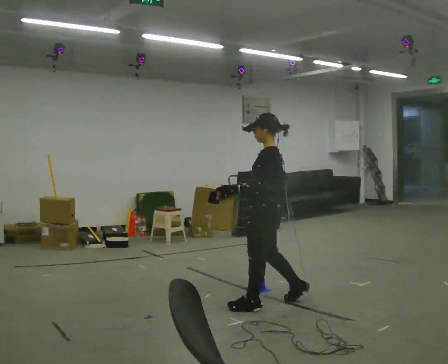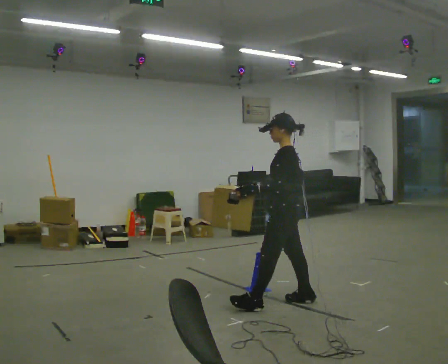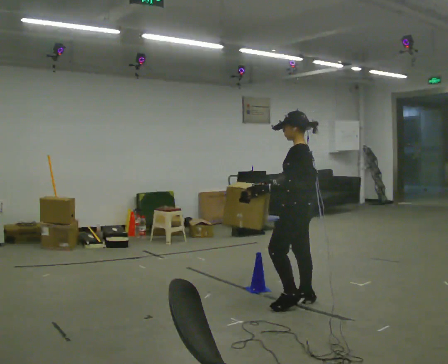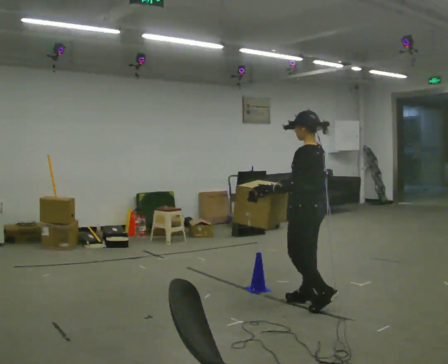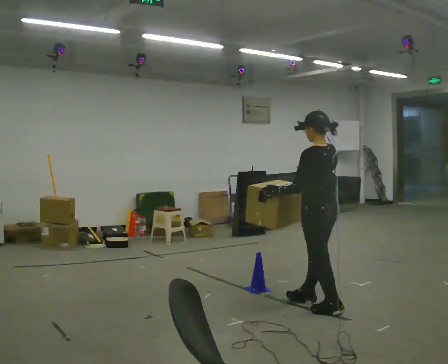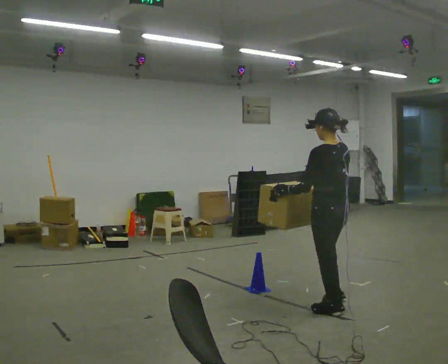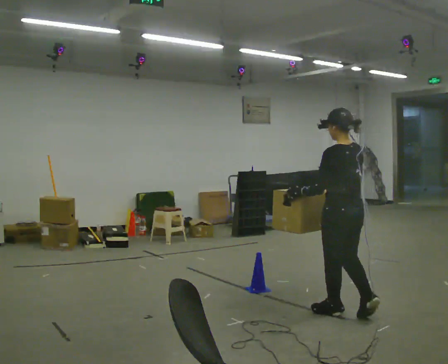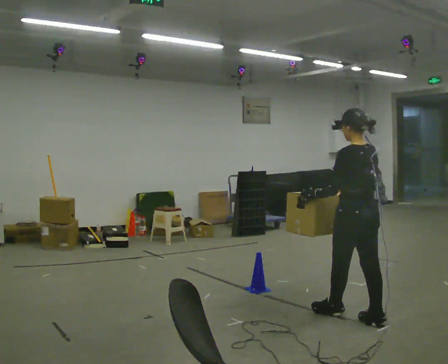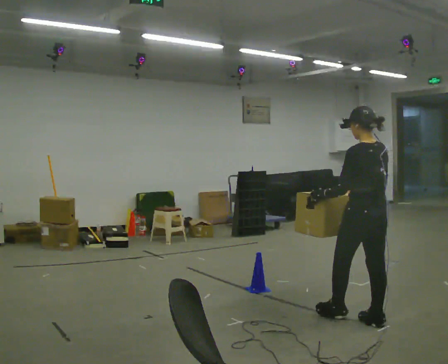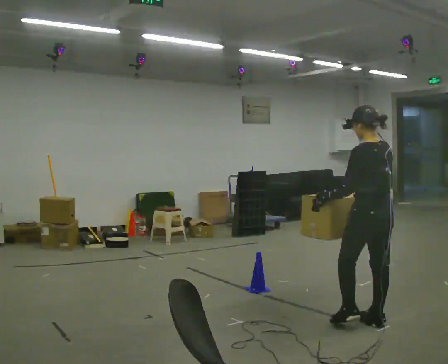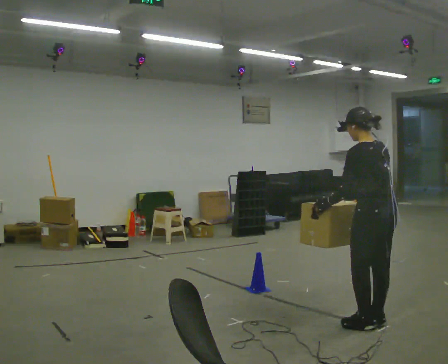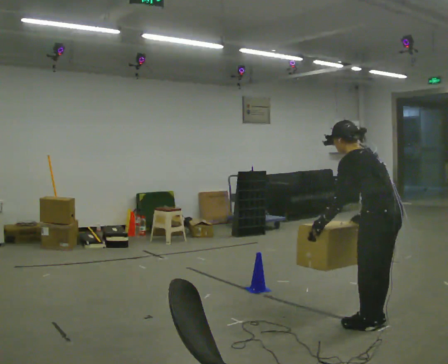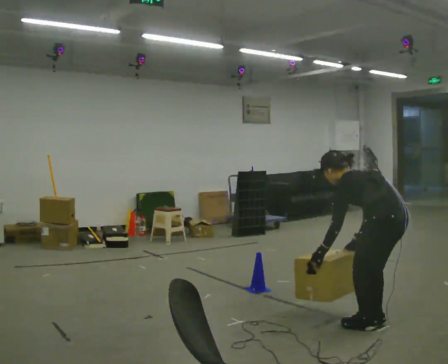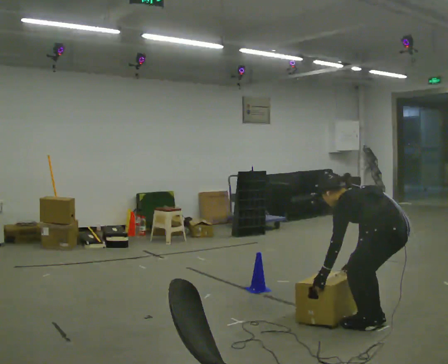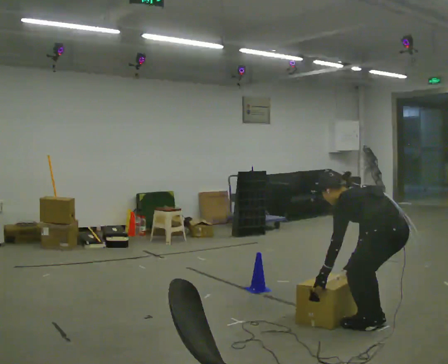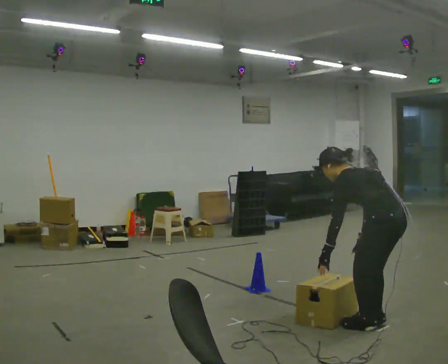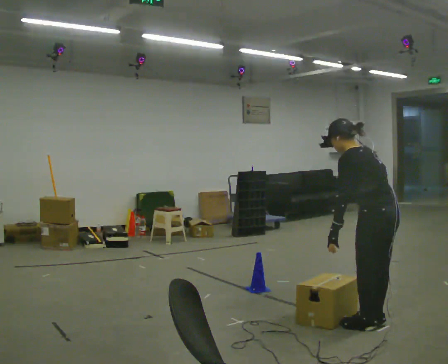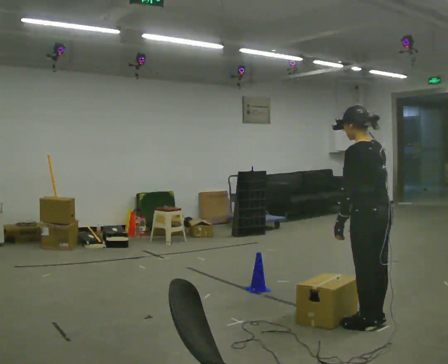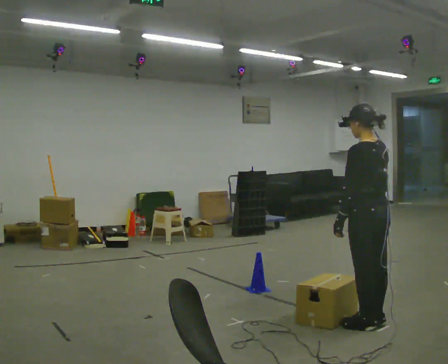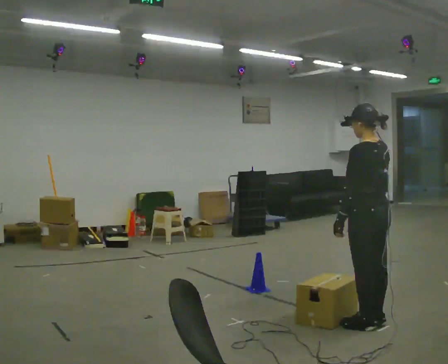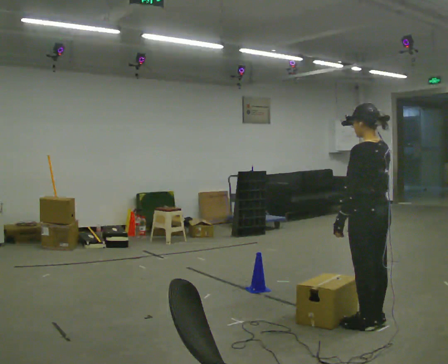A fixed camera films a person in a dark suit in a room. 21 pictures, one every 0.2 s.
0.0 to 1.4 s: Seen from above the body turns clockwise, about 45 degrees: to their right, with its near side sliding to the left. In the picture they go to the right, about 1 m in 2 steps, which for them is backward.
1.4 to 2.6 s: In the picture they go to the right and toward the camera, about 0.25 m in 1 step, which for them is backward. The shoulders move downward. In the picture the upper body tilts counterclockwise, shoulders to the left, as they bend forward. In the picture their left hand goes downward.
2.6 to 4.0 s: The upper body goes upward. In the picture the upper body tilts clockwise, shoulders to the right, as they lean back or straighten. In the picture their left hand goes upward.
The film runs backward here.
